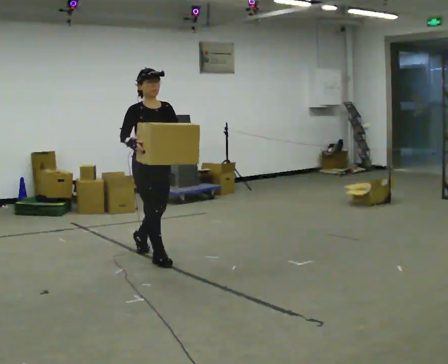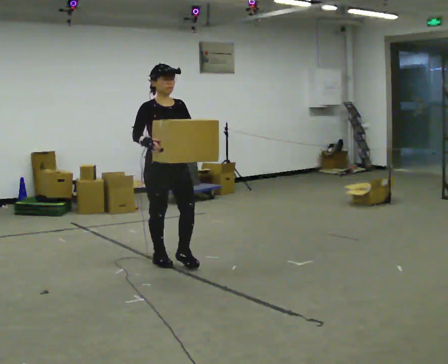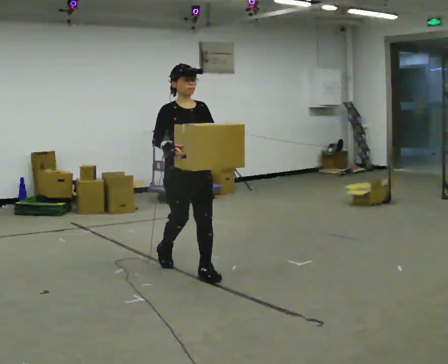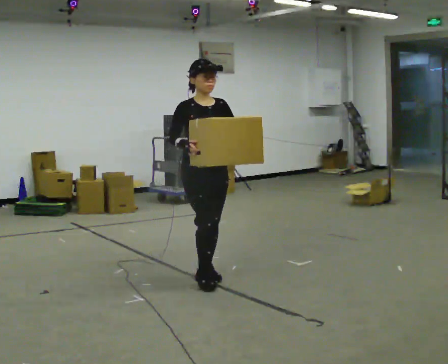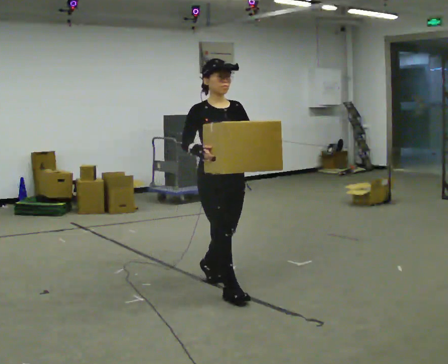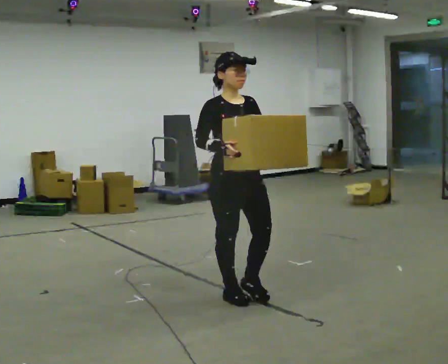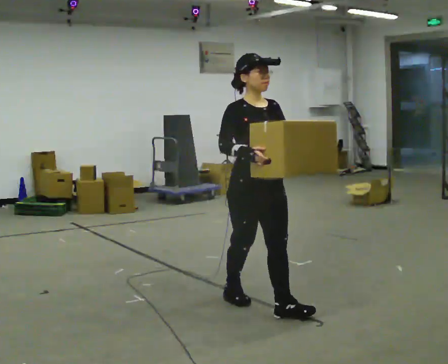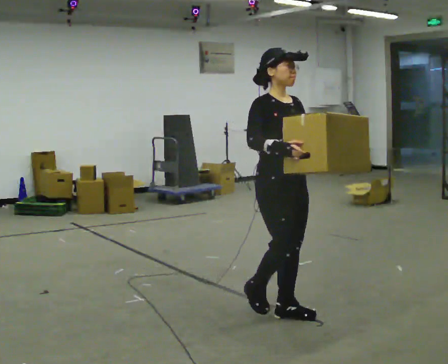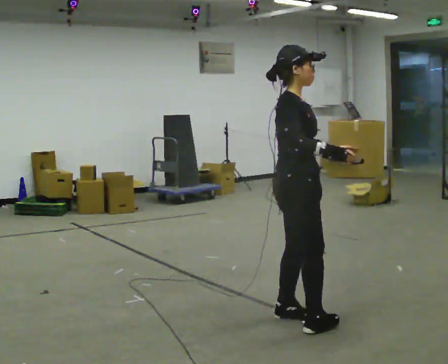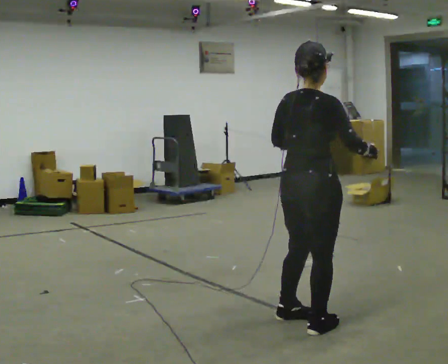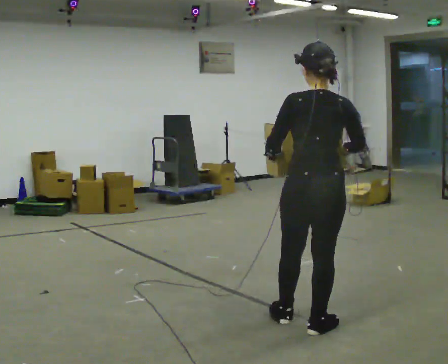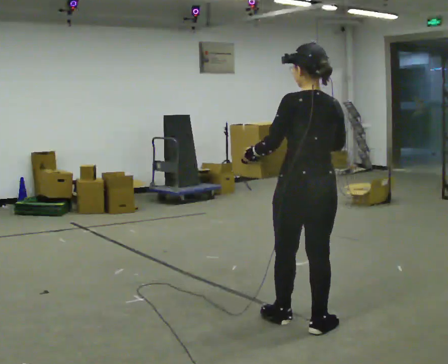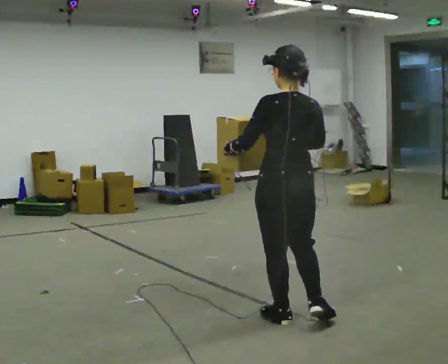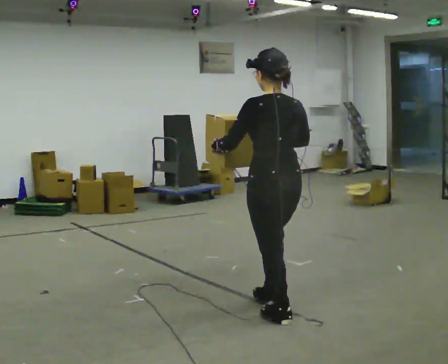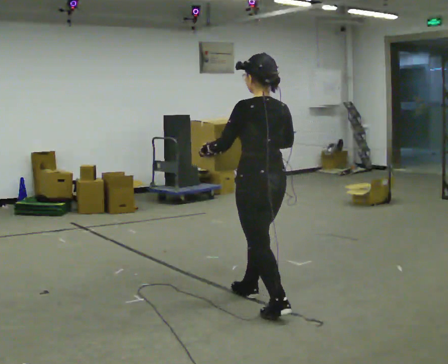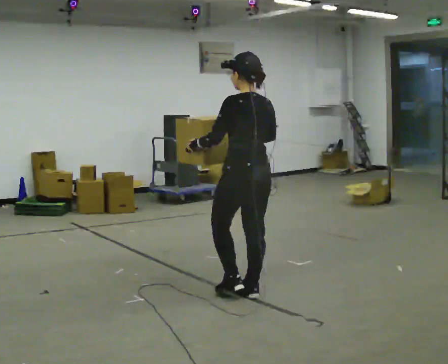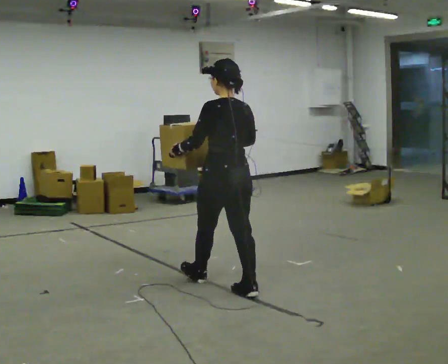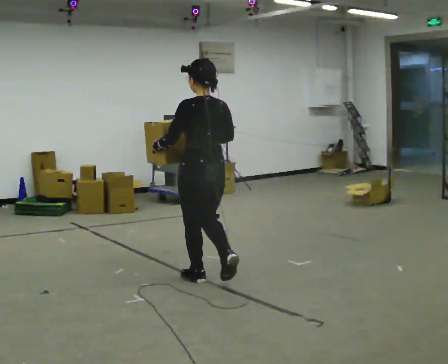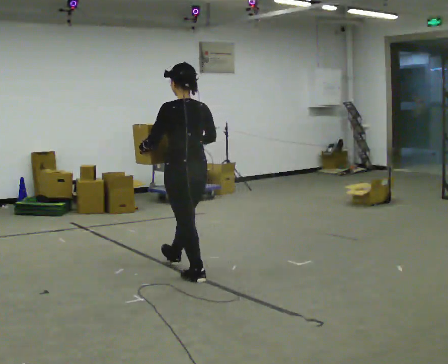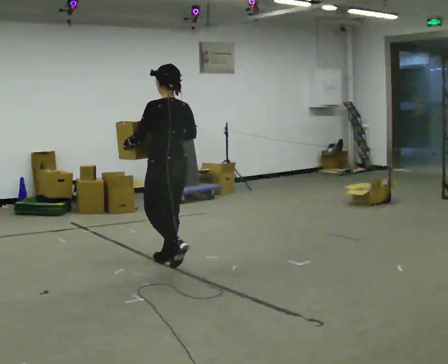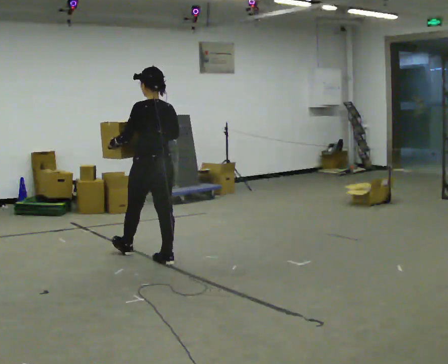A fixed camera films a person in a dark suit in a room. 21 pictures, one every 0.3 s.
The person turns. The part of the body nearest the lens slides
to the right.
The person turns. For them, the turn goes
to their left.
0.0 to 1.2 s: In the picture they go toward the camera and to the right, about 1 m in 2 steps, which for them is forward.
1.2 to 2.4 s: The person turns about 60 degrees to their left, counterclockwise seen from above, so the part of the body nearest the lens slides to the right. In the picture they go toward the camera and to the right, about 1 m in 1 step, which for them is forward.
2.4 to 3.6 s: Seen from above the body turns counterclockwise, about 120 degrees: to their left, with its near side sliding to the right.
3.6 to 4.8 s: In the picture they go away from the camera and to the left, about 0.5 m in 1 step, which for them is forward.
4.8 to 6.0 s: In the picture they go away from the camera and to the left, about 1 m in 2 steps, which for them is forward.
The film runs forward here.
